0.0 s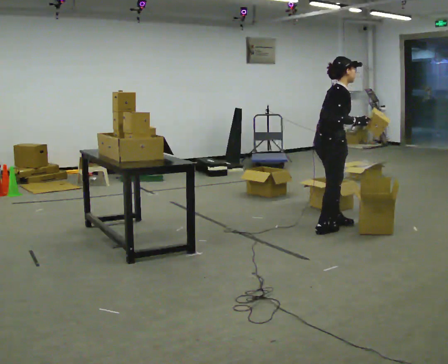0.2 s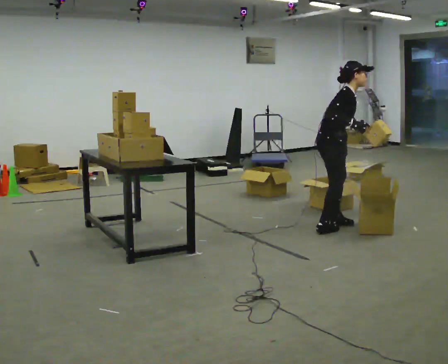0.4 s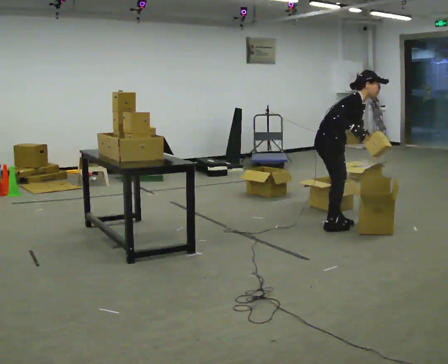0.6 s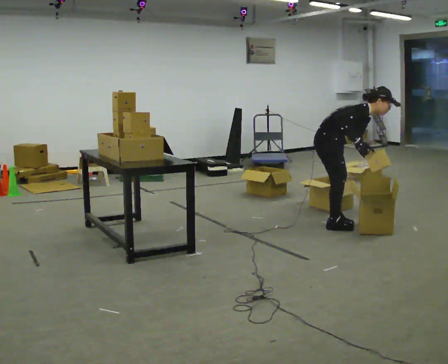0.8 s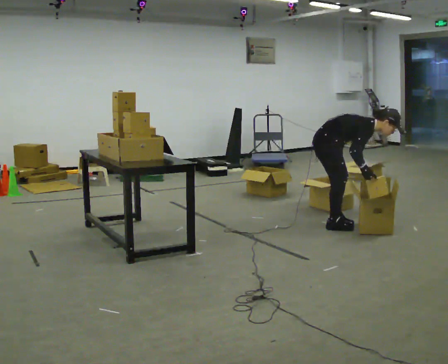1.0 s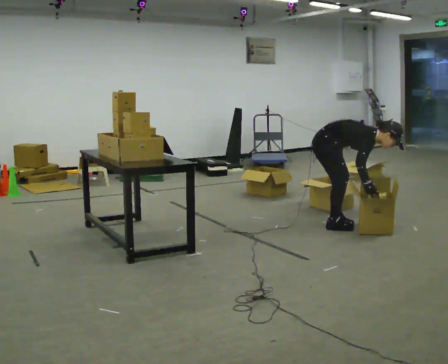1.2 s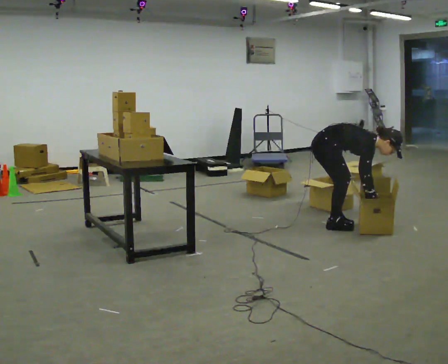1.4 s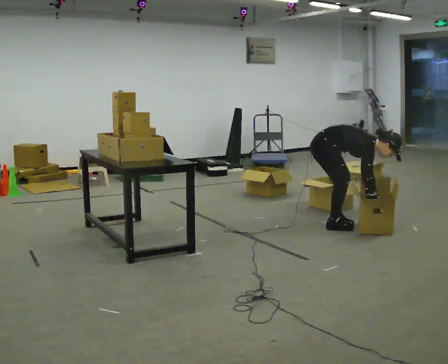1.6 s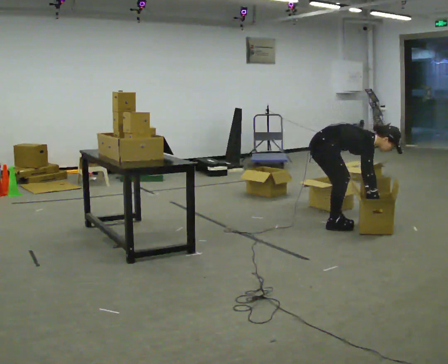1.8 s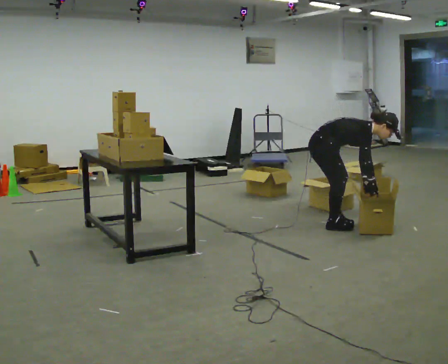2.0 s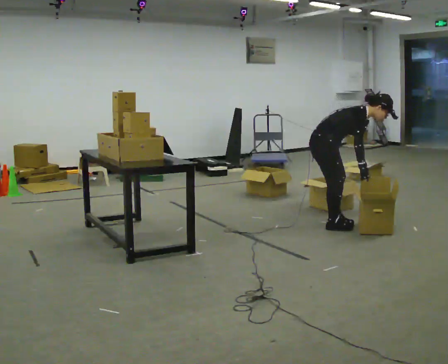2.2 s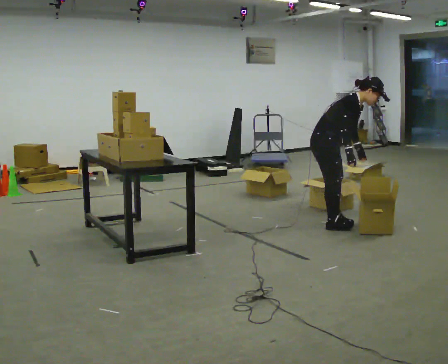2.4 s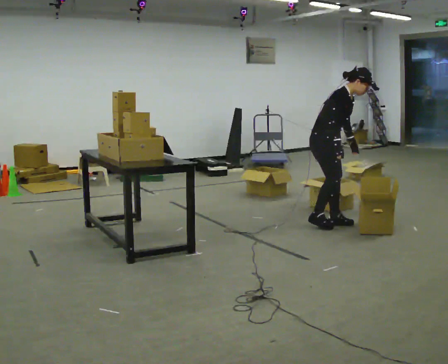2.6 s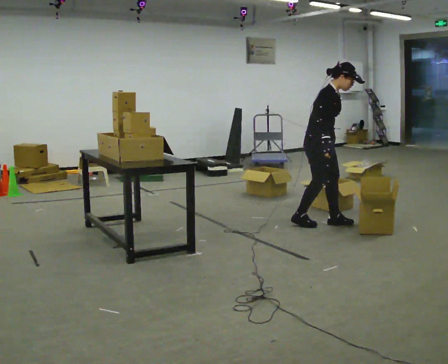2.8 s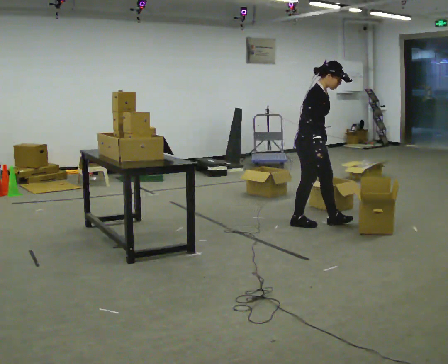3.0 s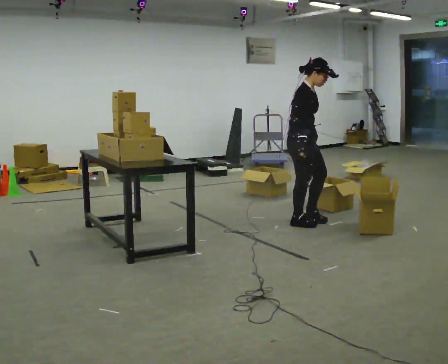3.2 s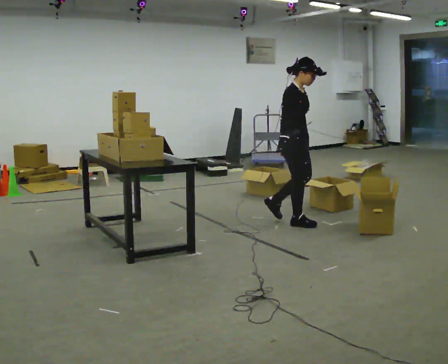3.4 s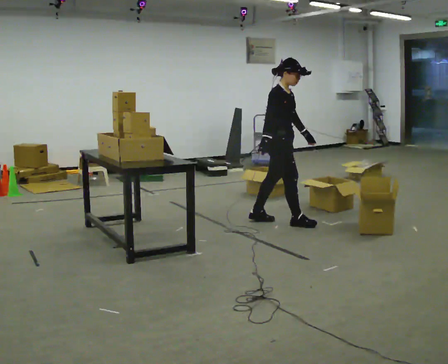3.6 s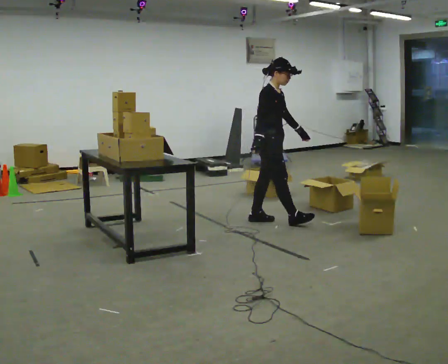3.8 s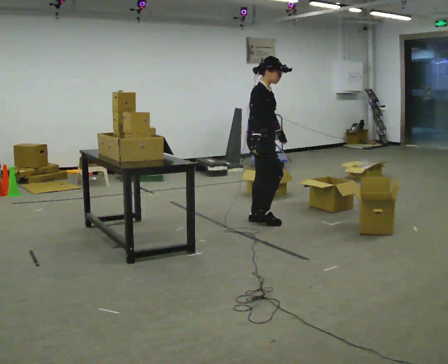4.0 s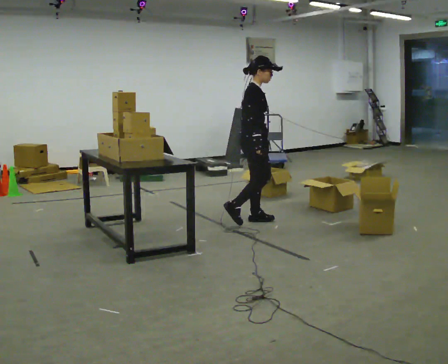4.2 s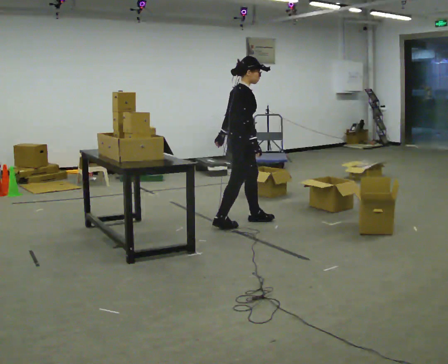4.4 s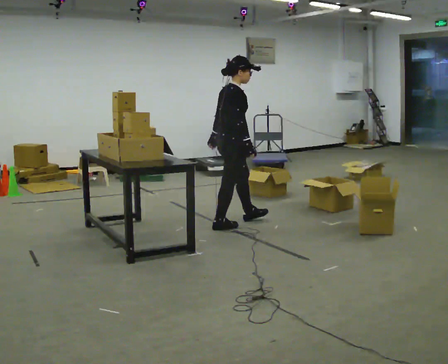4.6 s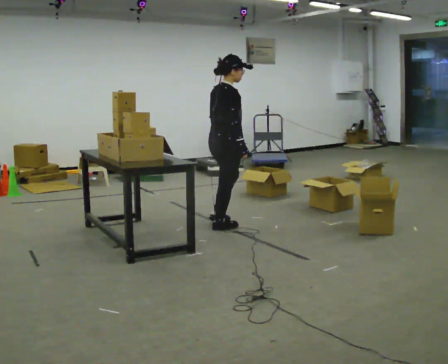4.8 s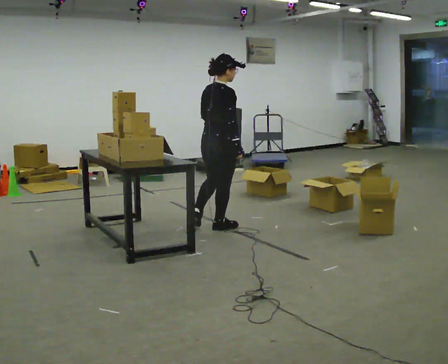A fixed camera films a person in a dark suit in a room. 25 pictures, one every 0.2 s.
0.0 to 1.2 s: The shoulders move downward. In the picture the upper body tilts clockwise, shoulders to the right, as they bend forward. In the picture their right hand goes downward.
1.2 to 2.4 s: The upper body goes upward. In the picture the upper body tilts counterclockwise, shoulders to the left, as they lean back or straighten. In the picture their right hand goes upward and to the left.
2.4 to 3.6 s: In the picture they go to the left, about 0.5 m in 2 steps, which for them is backward. In the picture the upper body tilts counterclockwise, shoulders to the left, as they lean back or straighten.
3.6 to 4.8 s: Seen from above the body turns counterclockwise, about 60 degrees: to their left, with its near side sliding to the right. In the picture they go to the left and toward the camera, about 0.5 m in 1 step.
The film runs backward here.
